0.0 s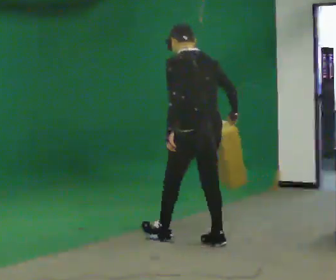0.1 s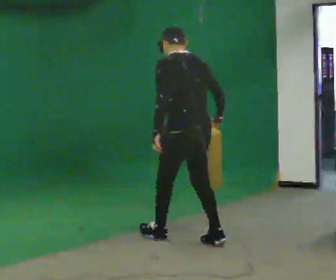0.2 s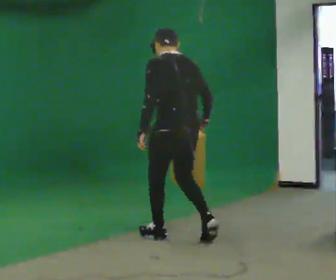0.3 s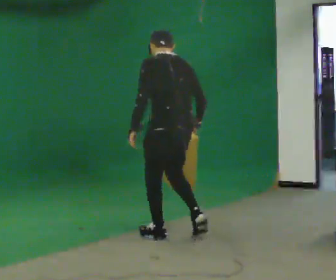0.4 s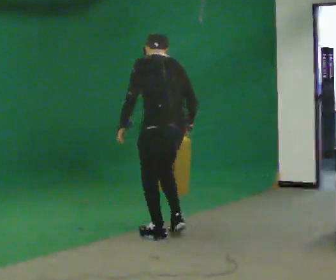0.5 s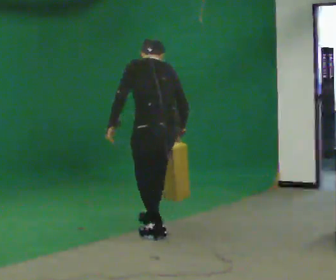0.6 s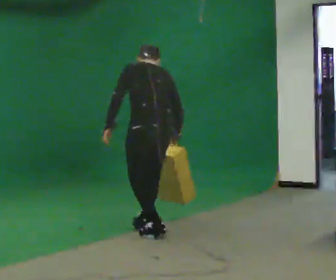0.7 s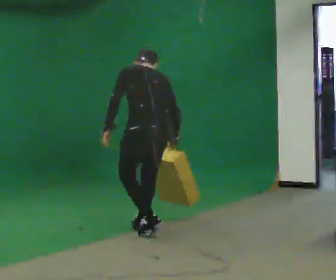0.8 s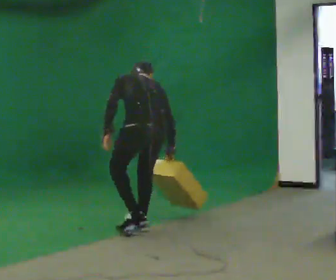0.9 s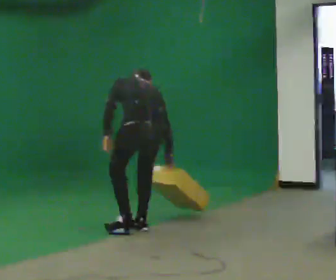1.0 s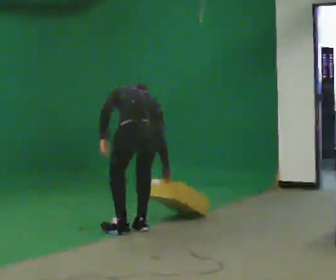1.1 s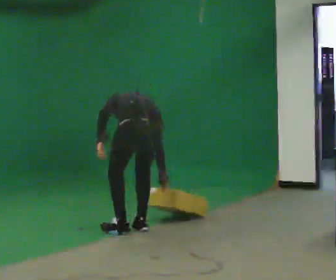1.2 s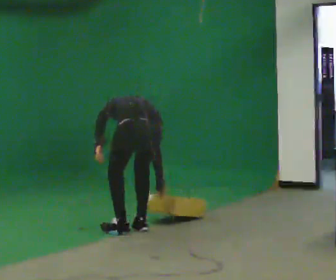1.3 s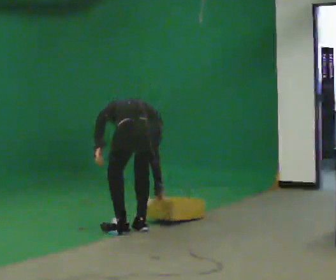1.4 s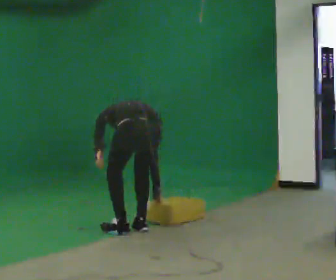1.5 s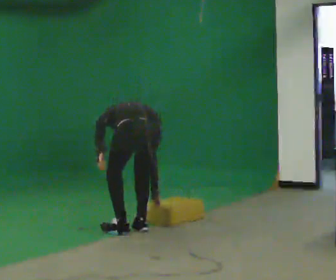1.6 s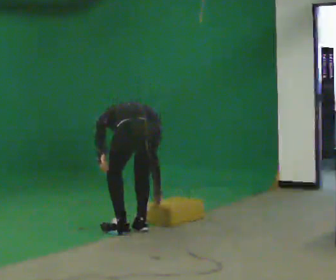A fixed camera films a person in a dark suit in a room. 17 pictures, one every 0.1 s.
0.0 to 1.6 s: In the picture they go to the left and away from the camera, about 0.5 m in 3 steps, which for them is forward and to their left. The upper body goes downward. The upper body tips away from the camera, its near side rolling upward, as they bend forward.
The film runs forward here.
